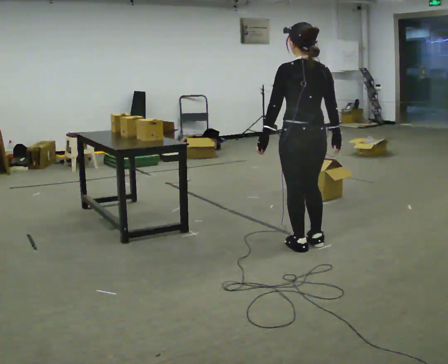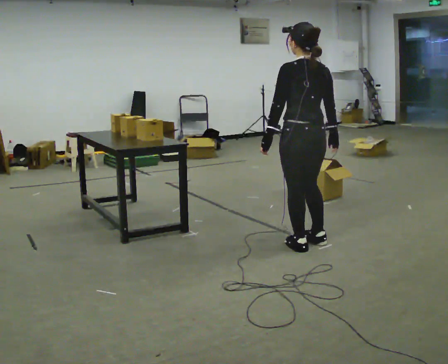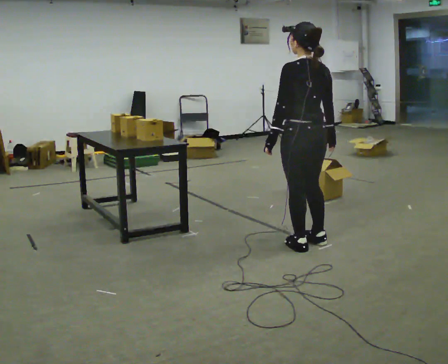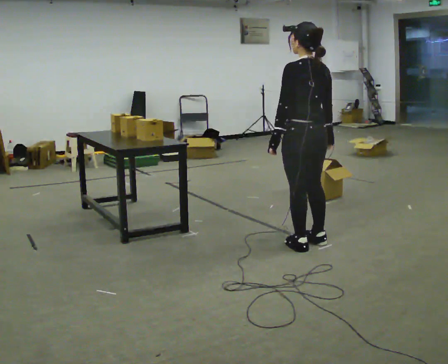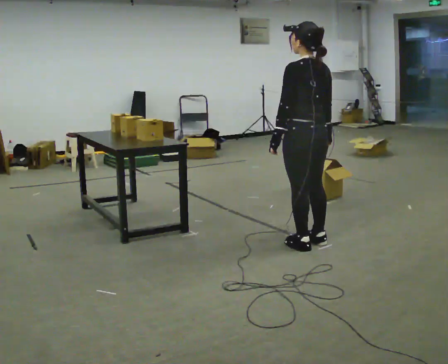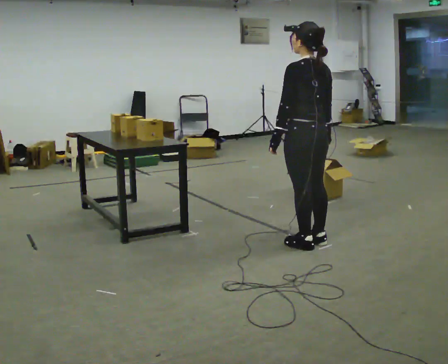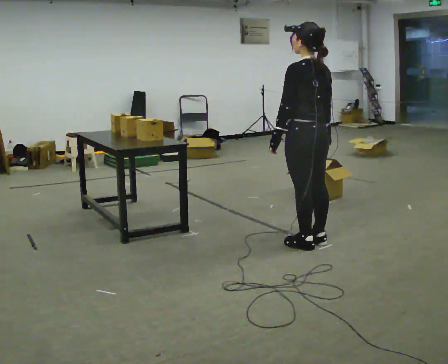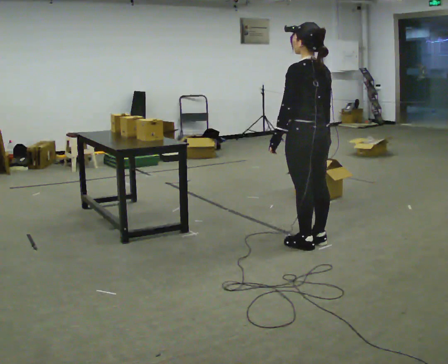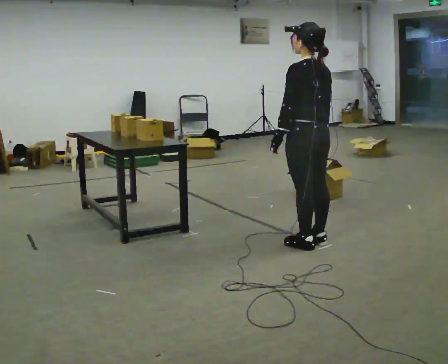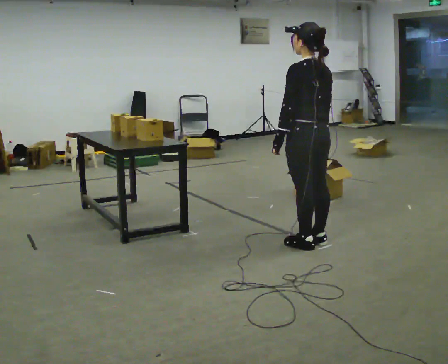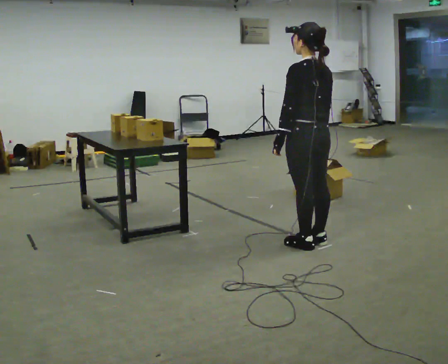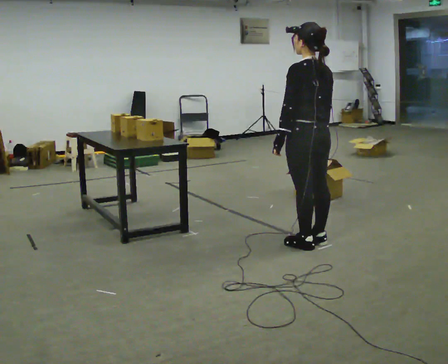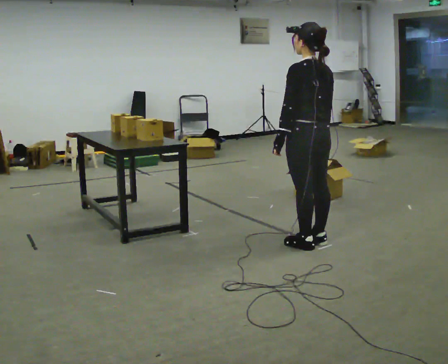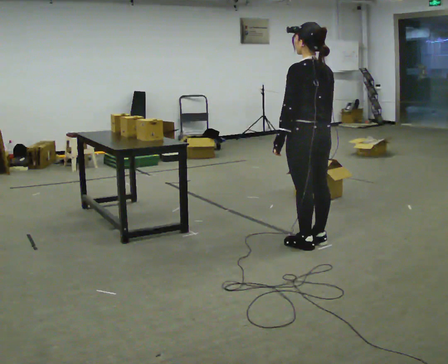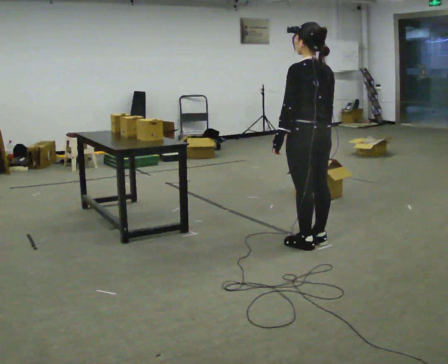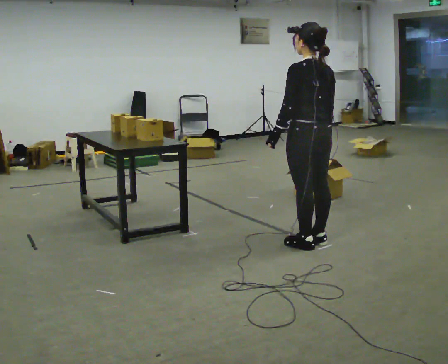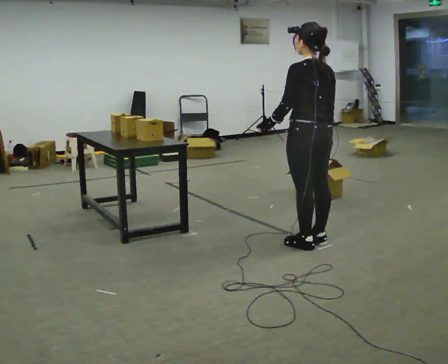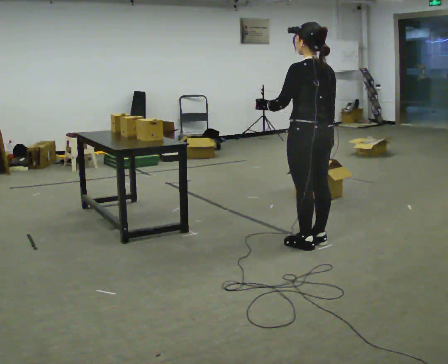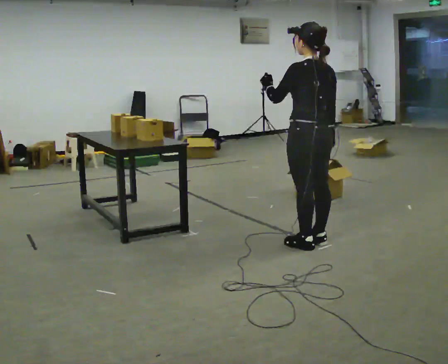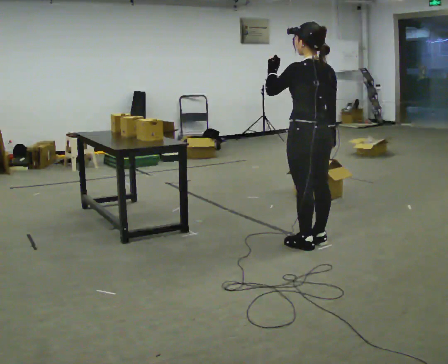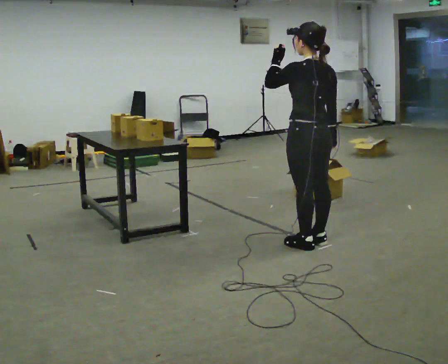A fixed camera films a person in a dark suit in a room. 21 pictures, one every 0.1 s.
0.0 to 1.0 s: The person moves a little, or ends about where they began.
1.0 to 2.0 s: In the picture their left hand goes upward.
The film runs forward here.
